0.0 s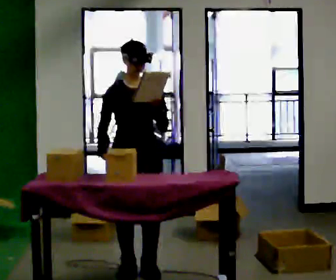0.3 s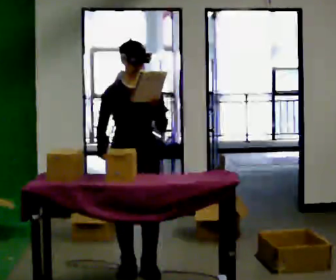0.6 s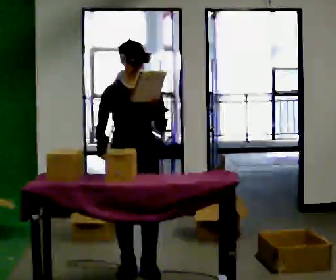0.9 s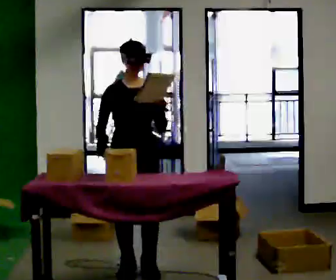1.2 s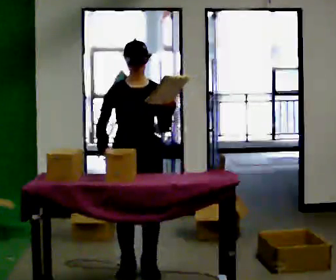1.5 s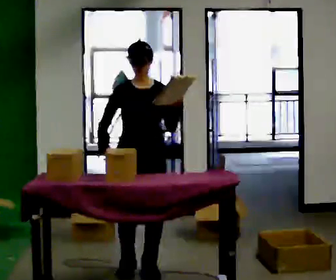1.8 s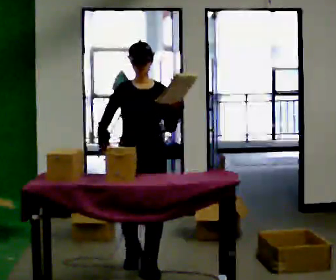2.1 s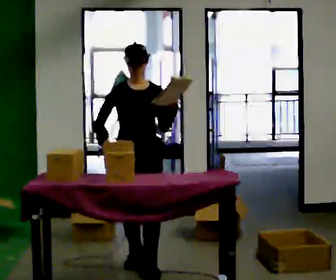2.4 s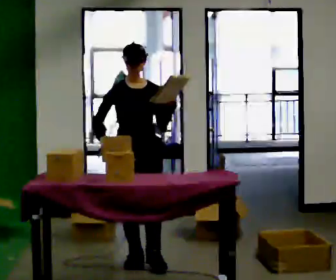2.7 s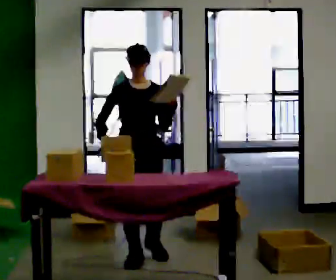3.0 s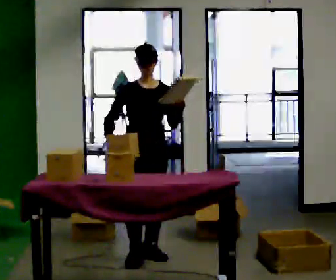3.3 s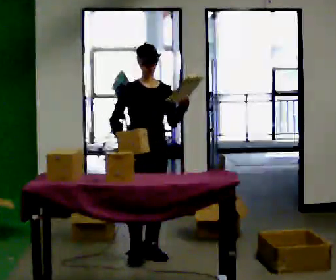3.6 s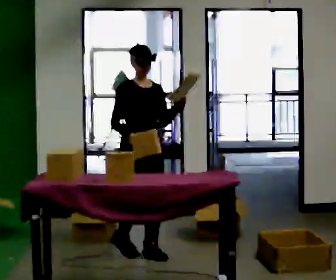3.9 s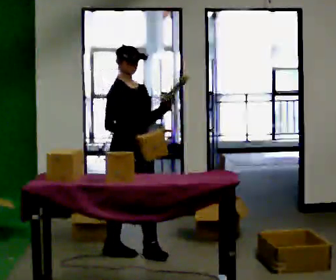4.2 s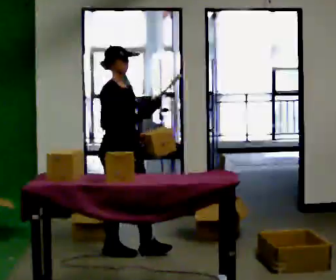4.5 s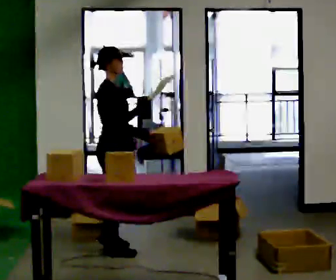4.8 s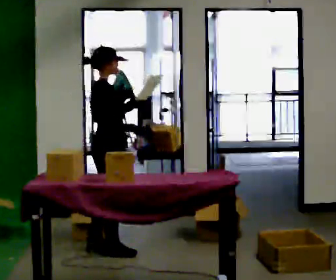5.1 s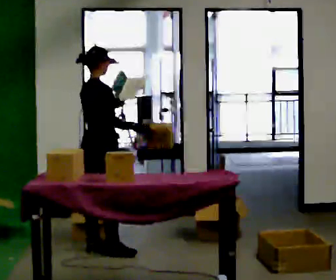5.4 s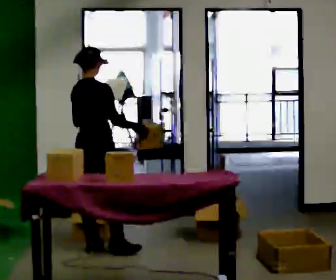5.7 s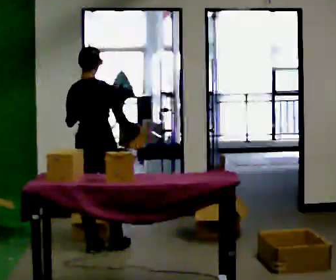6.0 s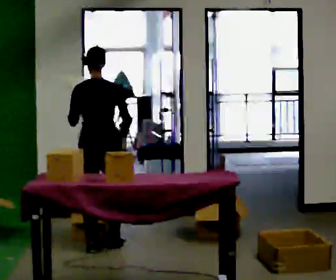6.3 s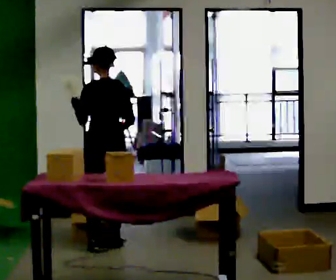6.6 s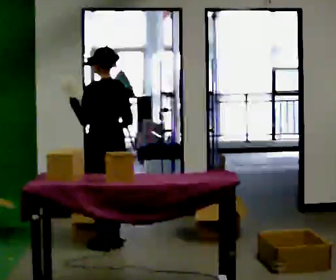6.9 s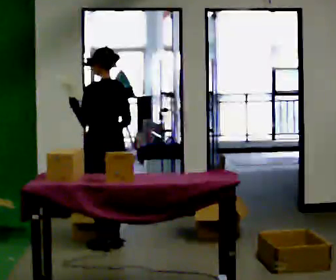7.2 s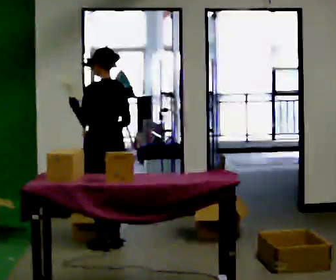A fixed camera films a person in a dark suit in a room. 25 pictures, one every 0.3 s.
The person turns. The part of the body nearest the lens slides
to the right.
The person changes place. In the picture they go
away from the camera.
0.0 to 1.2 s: The person moves a little, or ends about where they began.
1.2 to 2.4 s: In the picture they go away from the camera, about 0.25 m in 2 steps, which for them is backward.
2.4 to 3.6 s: The person turns about 30 degrees to their left, counterclockwise seen from above, so the part of the body nearest the lens slides to the right. In the picture they go away from the camera, about 0.25 m in 1 step, which for them is backward.
3.6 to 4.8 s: The person turns about 75 degrees to their left, counterclockwise seen from above, so the part of the body nearest the lens slides to the right. In the picture they go to the left, about 0.25 m in 1 step.
4.8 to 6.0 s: Seen from above the body turns counterclockwise, about 90 degrees: to their left, with its near side sliding to the right. In the picture they go away from the camera, about 0.25 m in 1 step.
6.0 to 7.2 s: Seen from above the body turns counterclockwise, about 30 degrees: to their left, with its near side sliding to the right.
The film runs backward here.
